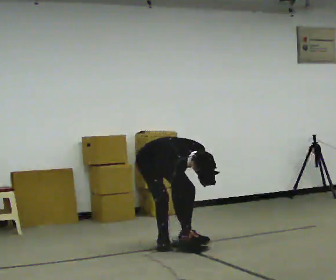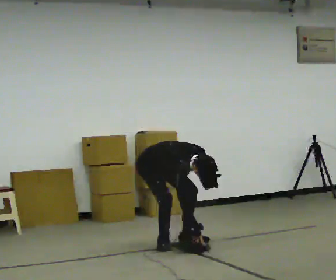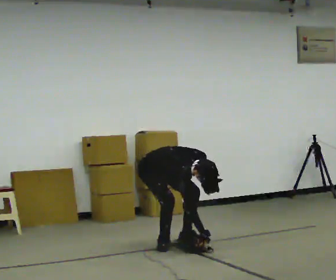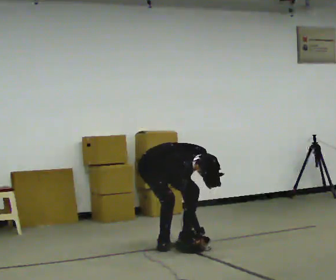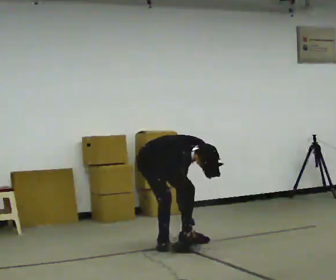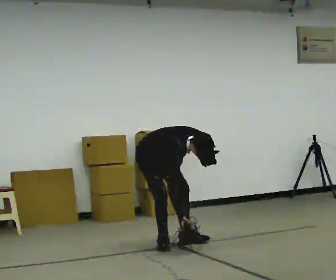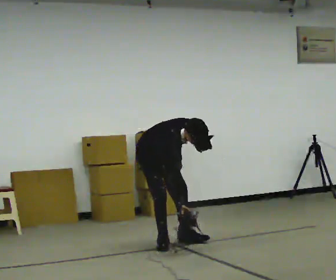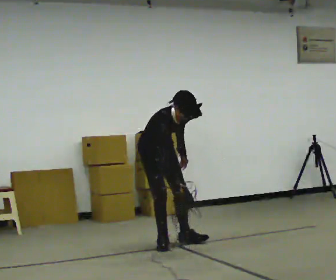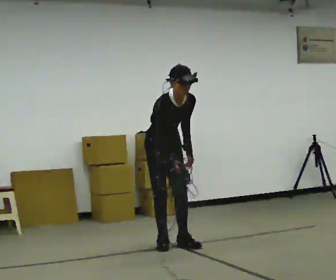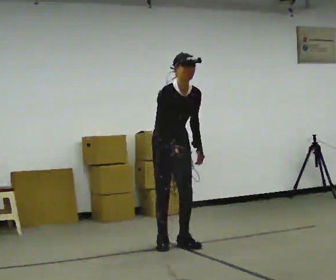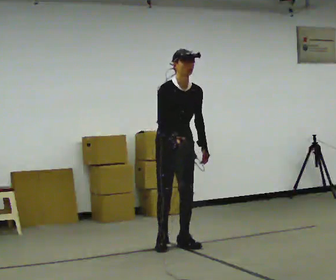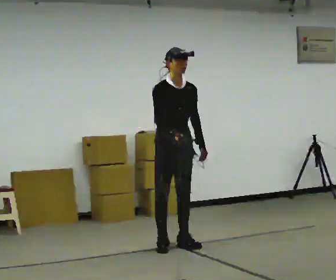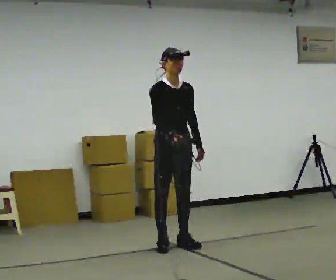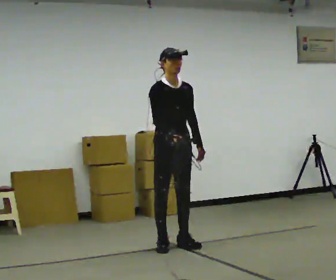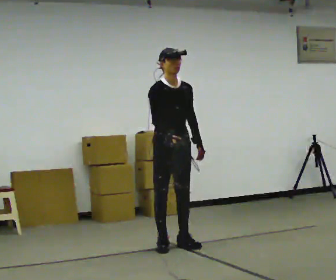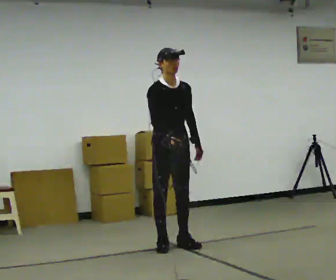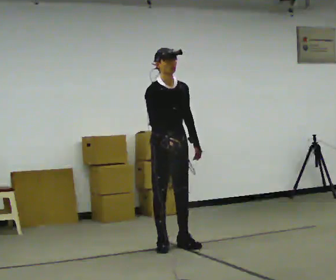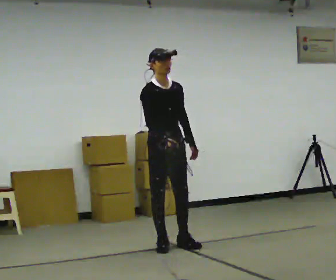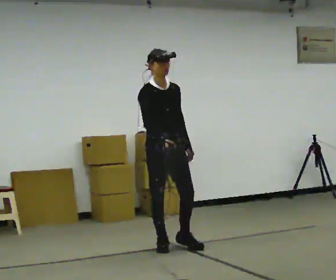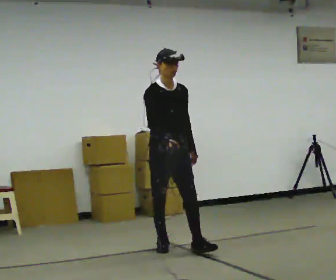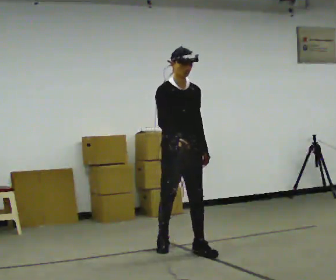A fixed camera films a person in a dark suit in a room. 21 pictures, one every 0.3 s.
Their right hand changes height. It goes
upward.
0.0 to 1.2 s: The person moves a little, or ends about where they began.
1.2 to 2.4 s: The shoulders move upward. In the picture the upper body tilts counterclockwise, shoulders to the left, as they lean back or straighten.
2.4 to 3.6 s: The upper body tips away from the camera, its near side rolling upward, as they lean back or straighten.
3.6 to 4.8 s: The person moves a little, or ends about where they began.
4.8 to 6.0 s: In the picture they go toward the camera, about 0.25 m in 1 step, which for them is forward.
The film runs forward here.
